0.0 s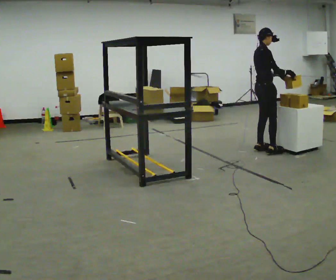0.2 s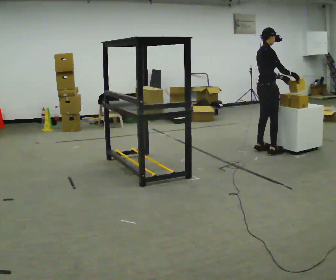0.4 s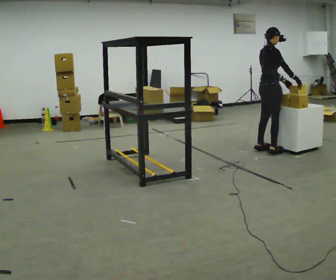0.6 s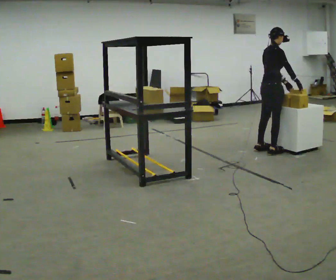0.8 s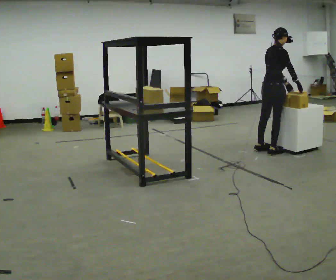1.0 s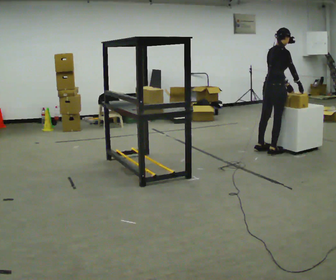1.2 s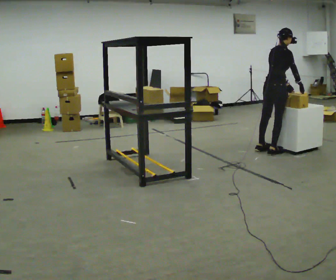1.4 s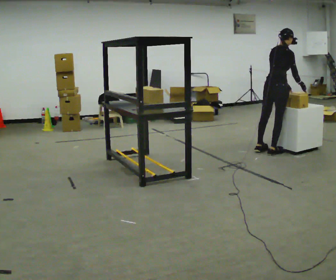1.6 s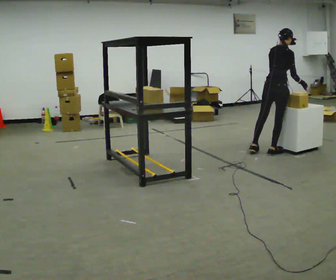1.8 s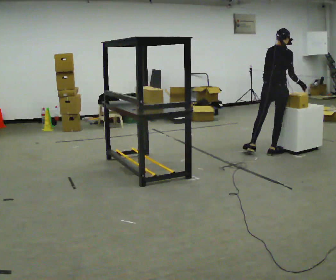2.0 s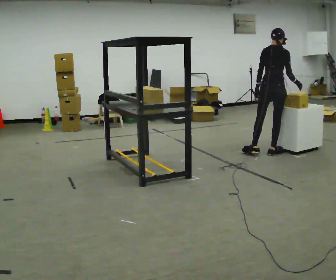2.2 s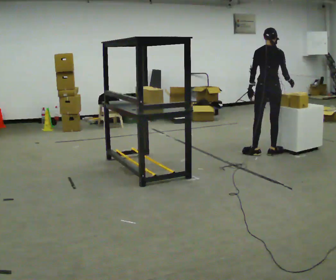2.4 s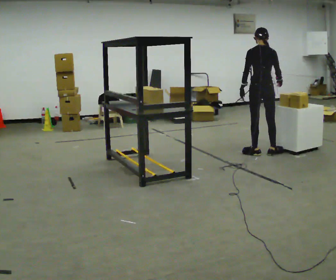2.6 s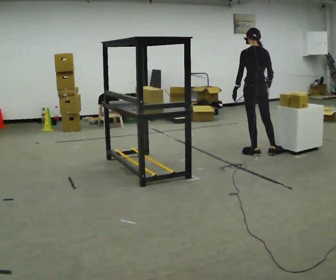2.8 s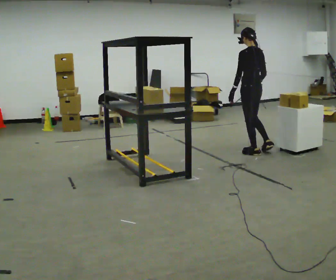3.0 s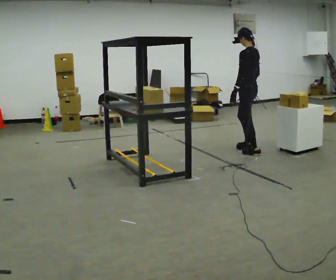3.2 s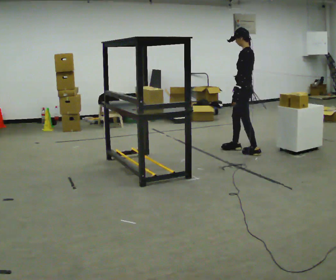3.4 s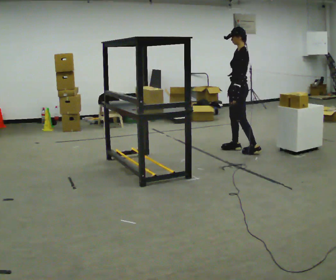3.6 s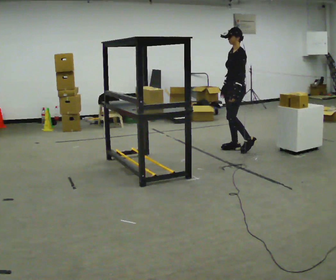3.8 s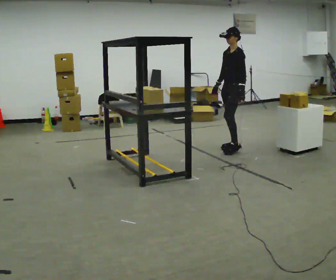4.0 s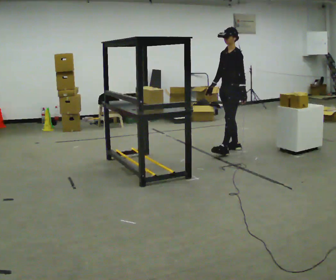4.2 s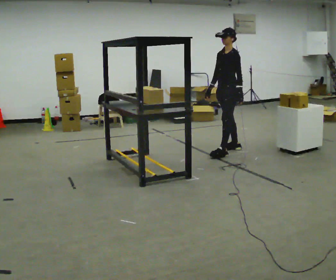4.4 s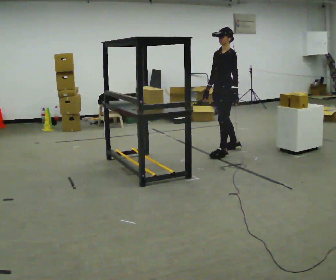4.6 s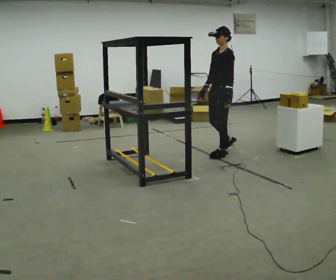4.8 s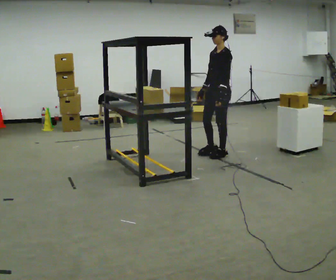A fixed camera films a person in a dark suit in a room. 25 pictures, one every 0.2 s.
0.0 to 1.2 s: In the picture the upper body tilts clockwise, shoulders to the right, as they bend forward.
1.2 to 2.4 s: The part of the body nearest the lens slides to the right as the person turns to their left by about 60 degrees. In the picture the upper body tilts counterclockwise, shoulders to the left. In the picture their left hand goes to the left.
2.4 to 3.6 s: The part of the body nearest the lens slides to the right as the person turns to their left by about 105 degrees. In the picture they go to the left and away from the camera, about 0.25 m in 1 step.
3.6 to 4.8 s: In the picture they go toward the camera and to the left, about 0.25 m in 1 step, which for them is forward and to their left.
The film runs forward here.
